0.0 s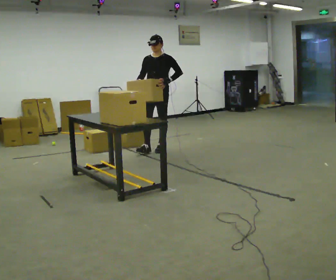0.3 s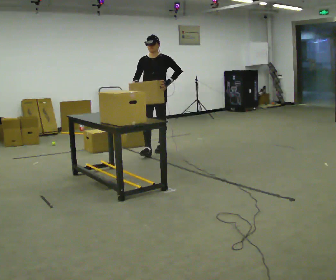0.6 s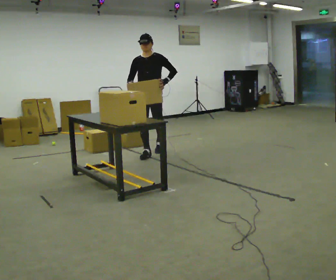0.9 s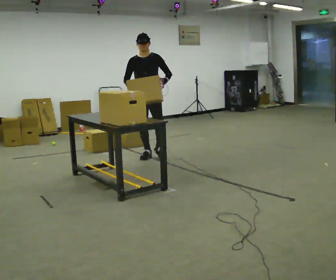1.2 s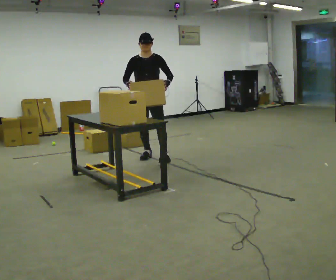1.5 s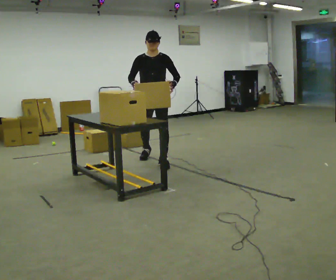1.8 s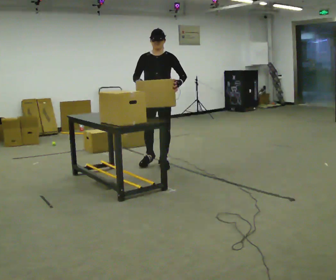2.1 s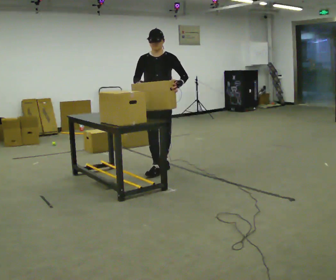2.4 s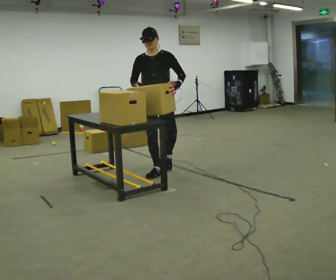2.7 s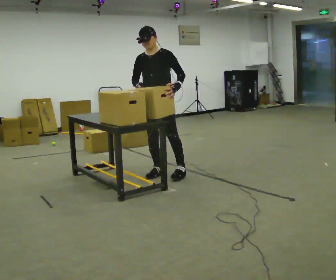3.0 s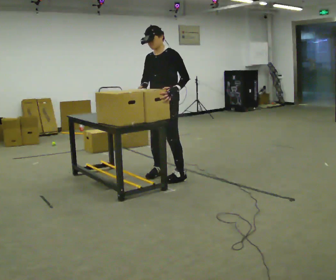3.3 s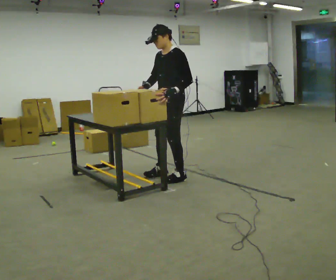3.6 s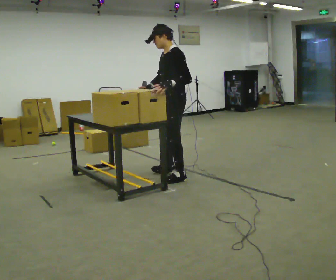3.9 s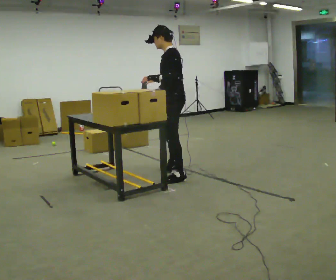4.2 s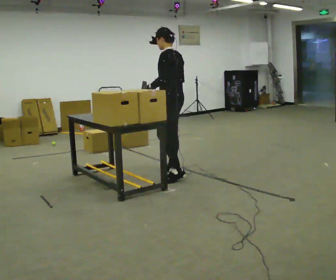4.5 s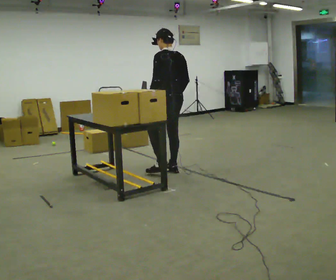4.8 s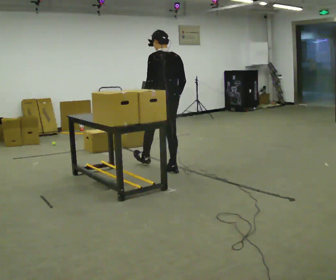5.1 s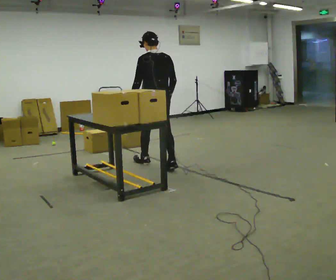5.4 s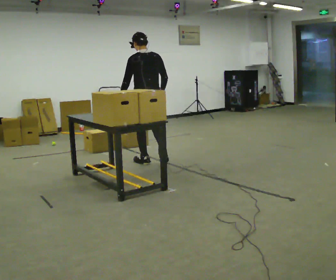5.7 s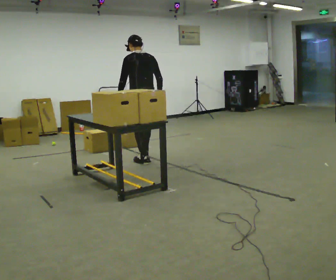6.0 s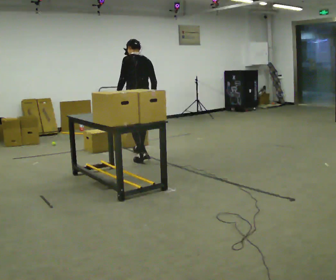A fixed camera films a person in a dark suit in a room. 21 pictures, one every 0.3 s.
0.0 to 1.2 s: In the picture they go toward the camera, about 0.5 m in 2 steps, which for them is forward.
1.2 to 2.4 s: In the picture they go toward the camera, about 0.75 m in 1 step, which for them is forward.
2.4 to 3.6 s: The person turns about 75 degrees to their right, clockwise seen from above, so the part of the body nearest the lens slides to the left. In the picture they go toward the camera and to the right, about 0.25 m in 2 steps.
3.6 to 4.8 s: The person turns about 75 degrees to their right, clockwise seen from above, so the part of the body nearest the lens slides to the left. In the picture they go away from the camera and to the left, about 0.5 m.
4.8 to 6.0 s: In the picture they go away from the camera and to the left, about 0.5 m in 2 steps, which for them is forward.
The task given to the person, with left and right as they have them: Take an object off the waist-height shelf, carry it across the room, and set it down on the floor. Keep going until the operator says stop; one object at a time, and do not rush between trips.
The film runs forward here.
